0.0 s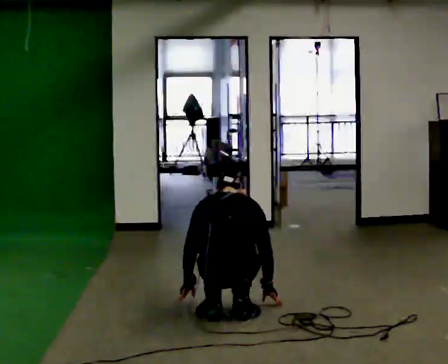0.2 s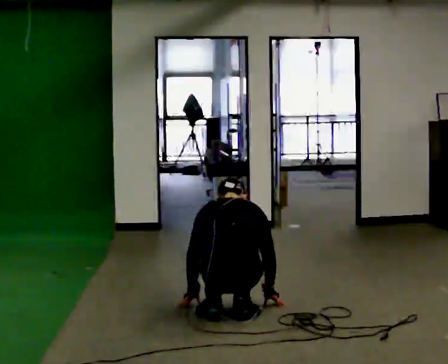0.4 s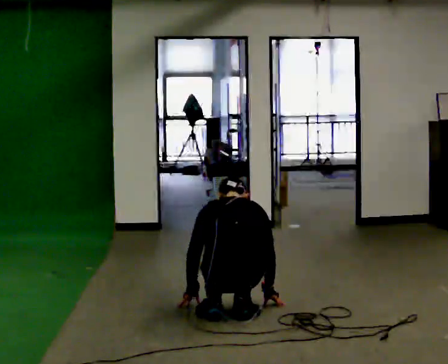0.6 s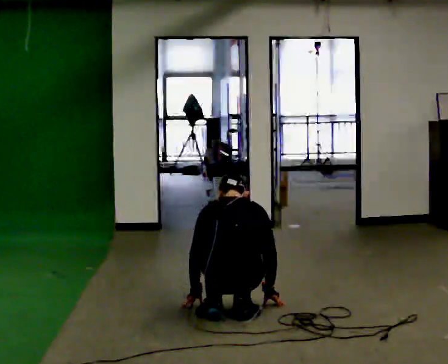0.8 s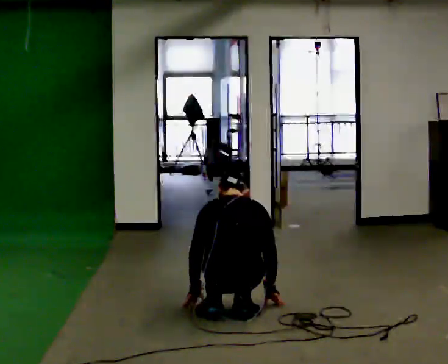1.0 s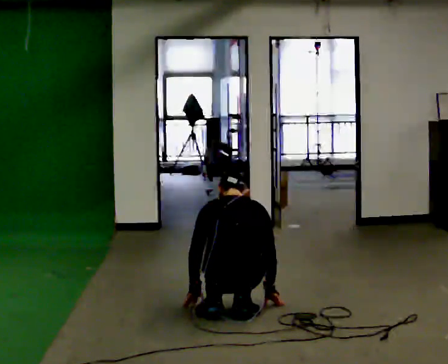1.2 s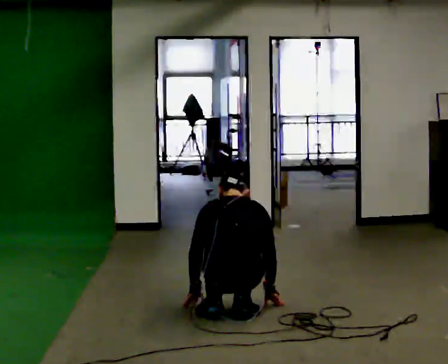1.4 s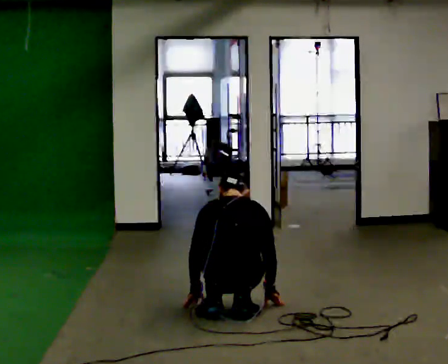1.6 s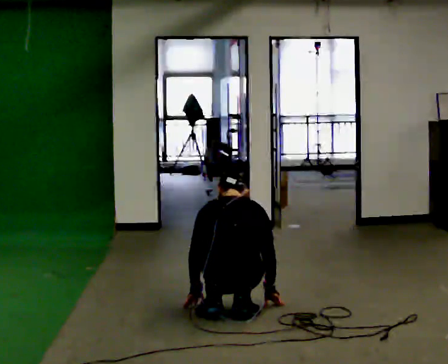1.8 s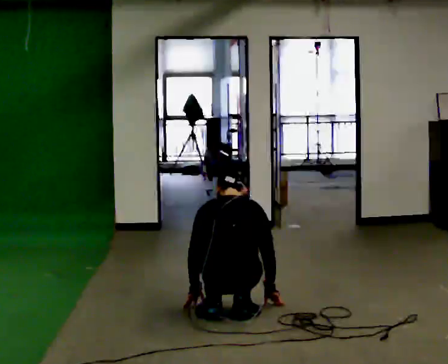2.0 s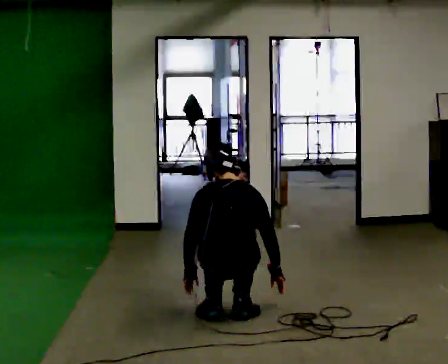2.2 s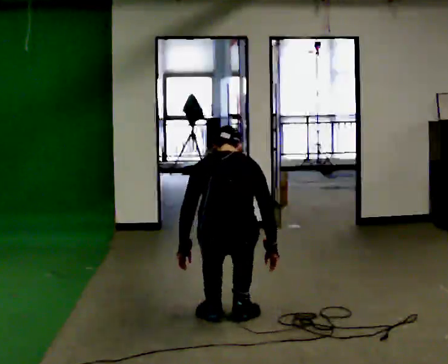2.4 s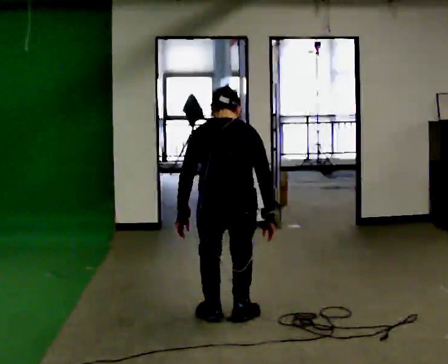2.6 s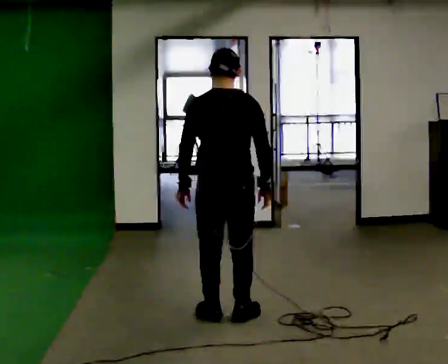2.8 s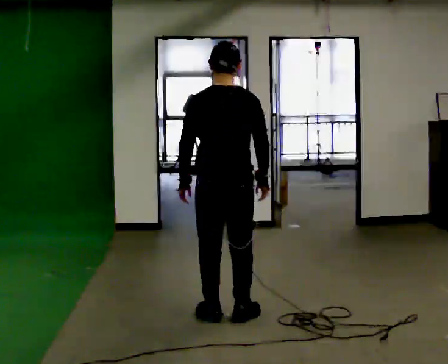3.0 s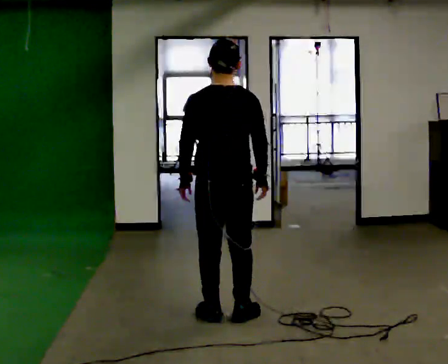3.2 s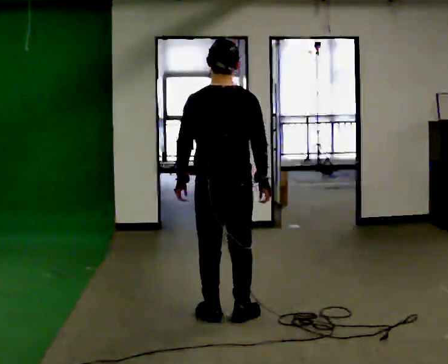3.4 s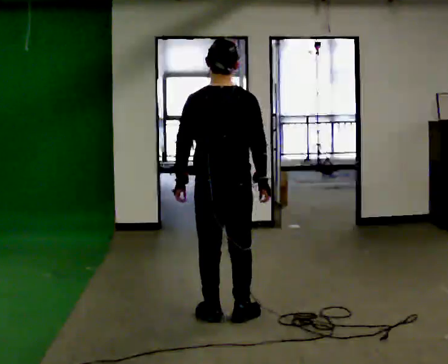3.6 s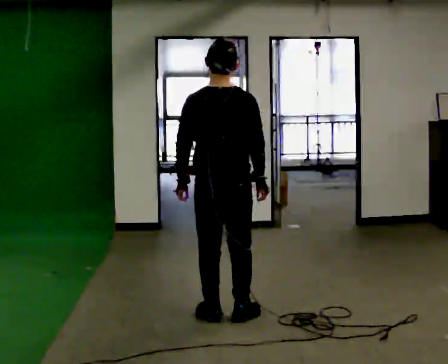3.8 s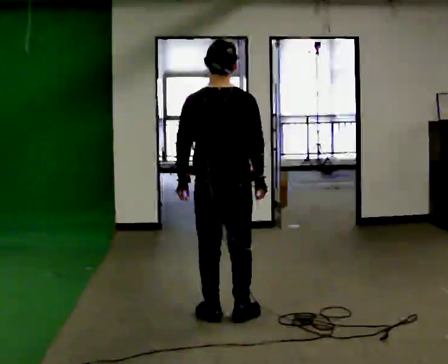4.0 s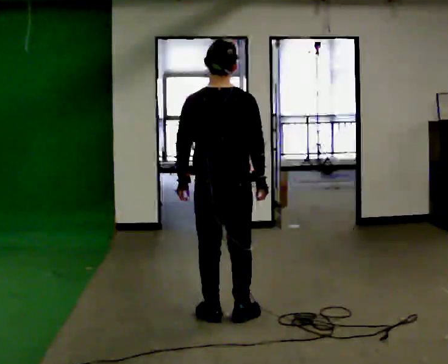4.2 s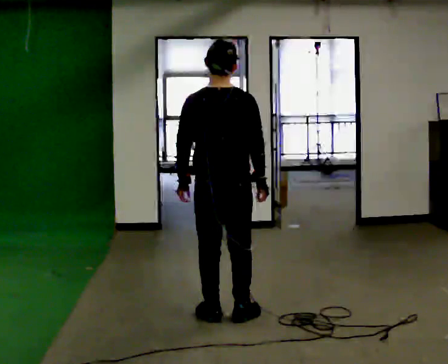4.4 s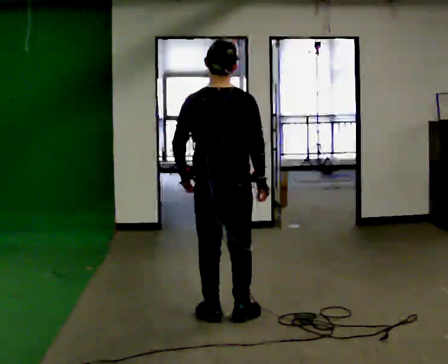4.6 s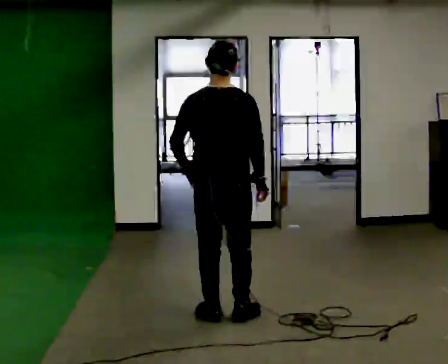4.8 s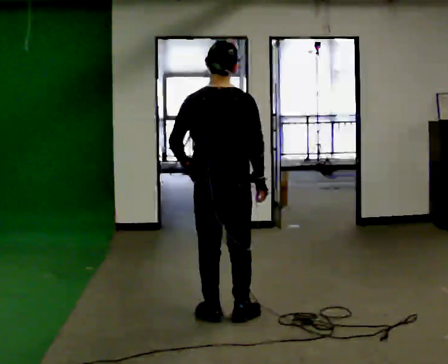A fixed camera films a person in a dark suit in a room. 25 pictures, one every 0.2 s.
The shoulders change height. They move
upward.
Their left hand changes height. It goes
upward.
0.0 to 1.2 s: The person moves a little, or ends about where they began.
1.2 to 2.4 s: The shoulders move upward. In the picture their right hand goes upward.
2.4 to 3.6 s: The shoulders move upward. The upper body tips toward the camera, its near side rolling downward, as they lean back or straighten.
3.6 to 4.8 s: The person moves a little, or ends about where they began.
The film runs forward here.
